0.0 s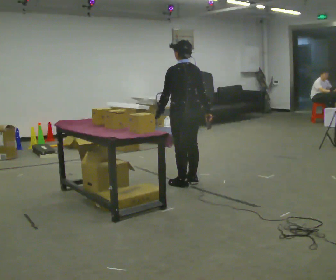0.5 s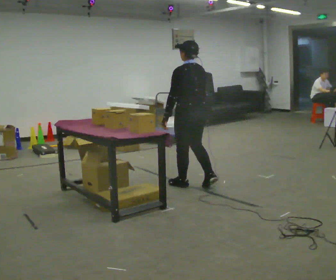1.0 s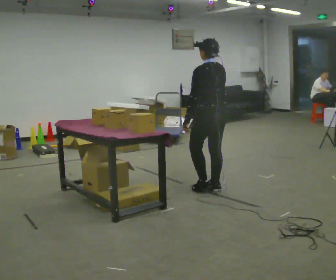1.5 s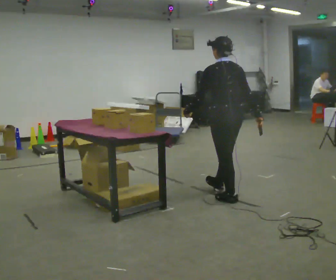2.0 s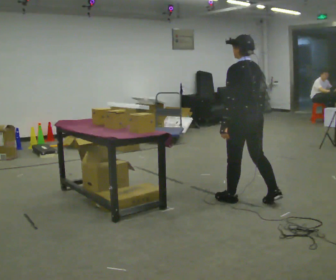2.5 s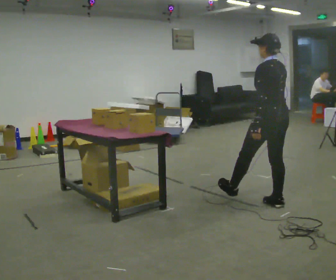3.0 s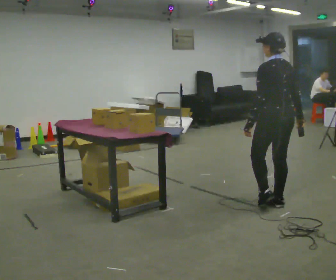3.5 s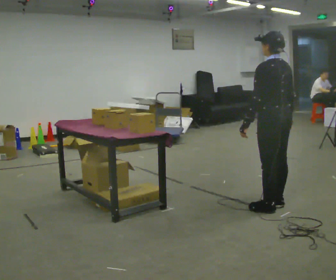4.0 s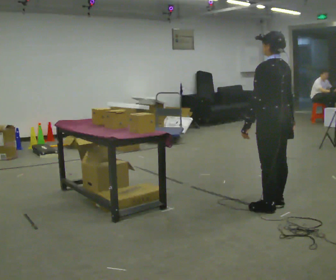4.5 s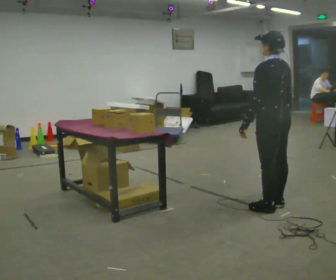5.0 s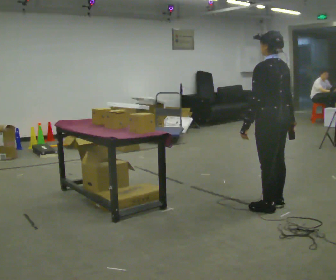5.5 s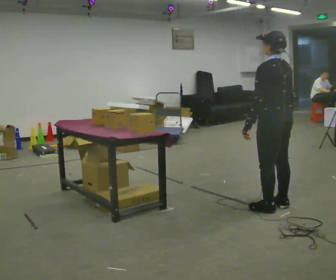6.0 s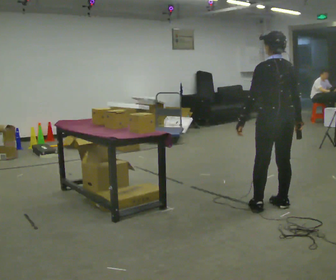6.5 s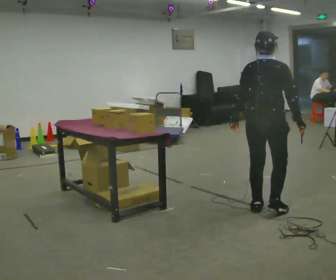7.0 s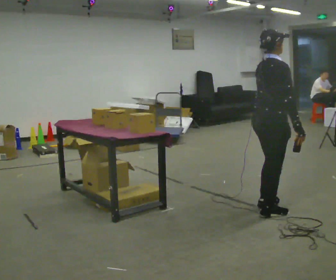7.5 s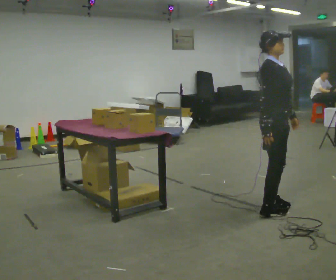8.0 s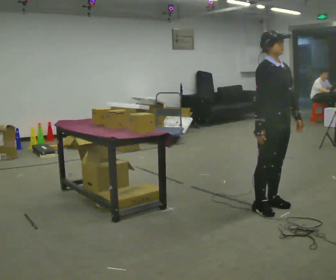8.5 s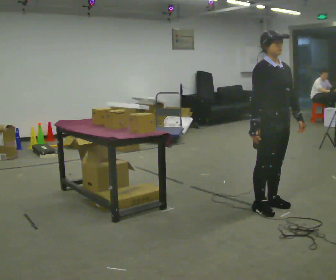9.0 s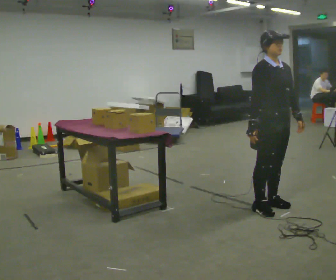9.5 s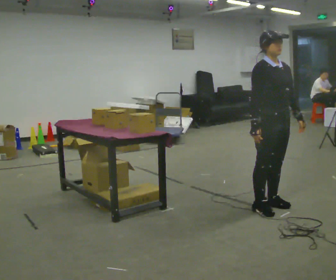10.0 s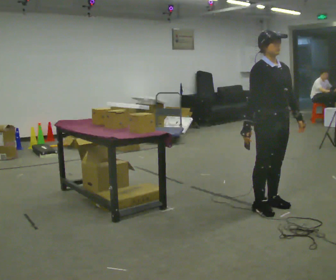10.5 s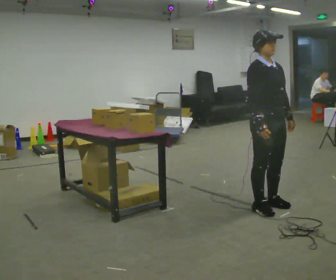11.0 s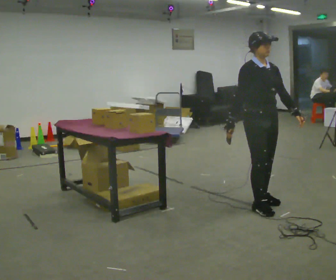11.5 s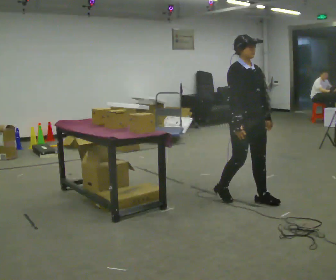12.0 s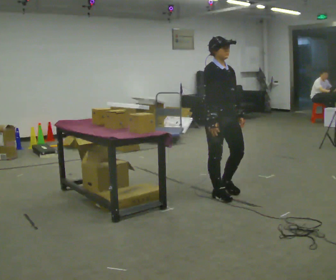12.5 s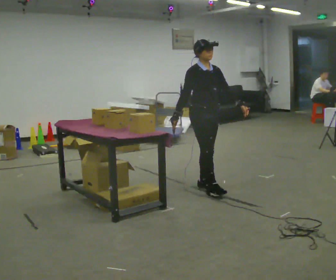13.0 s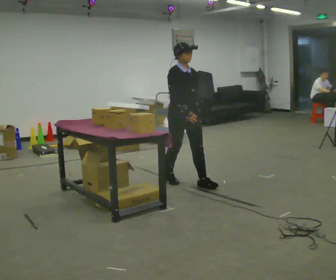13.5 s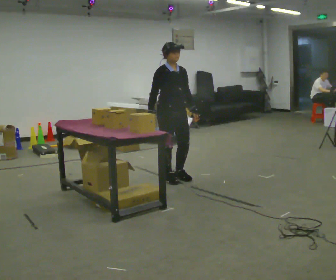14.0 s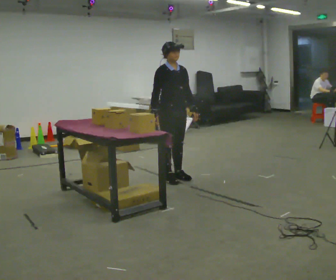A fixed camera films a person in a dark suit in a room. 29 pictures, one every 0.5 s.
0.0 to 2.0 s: In the picture they go to the right and toward the camera, about 1 m in 3 steps, which for them is backward.
2.0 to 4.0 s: In the picture they go to the right and toward the camera, about 0.25 m in 1 step, which for them is backward and to their right.
4.0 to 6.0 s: The person moves a little, or ends about where they began.
6.0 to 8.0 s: The part of the body nearest the lens slides to the left as the person turns to their right by about 150 degrees. In the picture their left hand goes to the right, the arm swinging counterclockwise.
8.0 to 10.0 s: The person moves a little, or ends about where they began.
10.0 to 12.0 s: In the picture they go to the left and away from the camera, about 0.5 m in 2 steps, which for them is backward.
12.0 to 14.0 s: In the picture they go to the left and away from the camera, about 1 m in 2 steps, which for them is backward.
The film runs backward here.
